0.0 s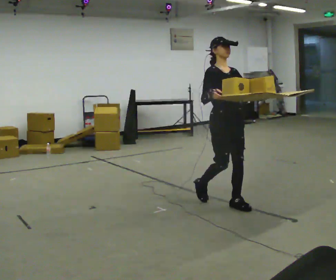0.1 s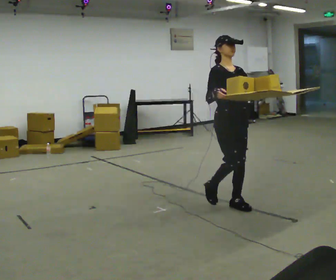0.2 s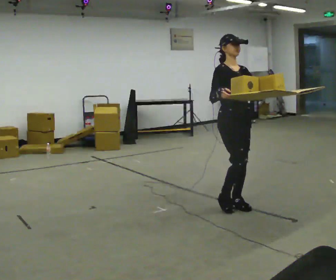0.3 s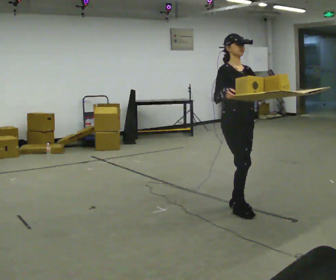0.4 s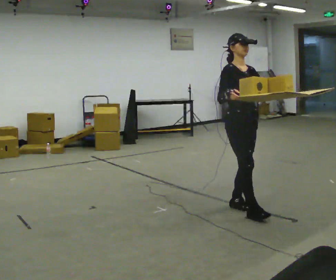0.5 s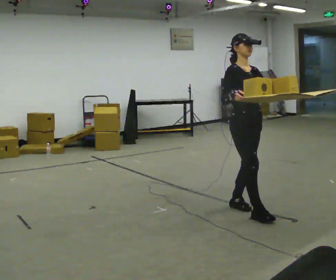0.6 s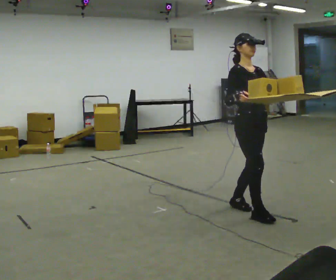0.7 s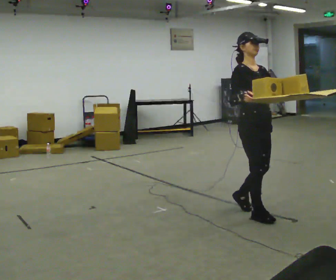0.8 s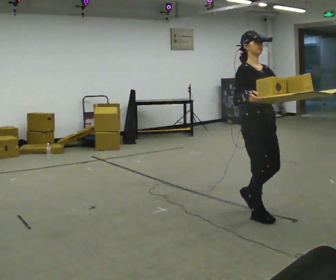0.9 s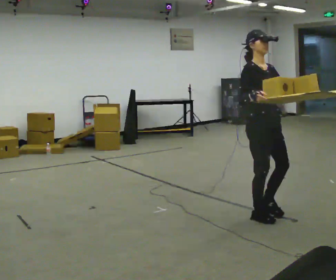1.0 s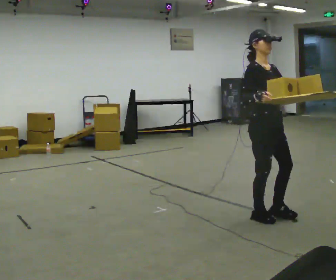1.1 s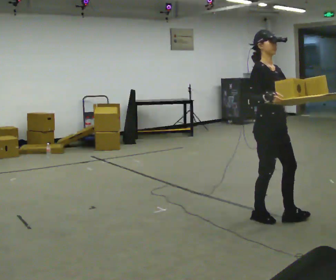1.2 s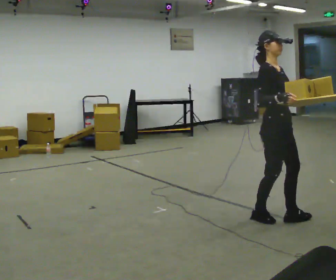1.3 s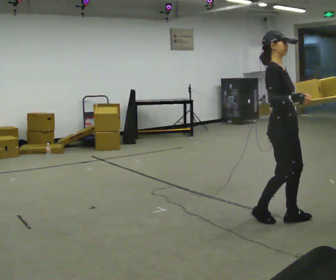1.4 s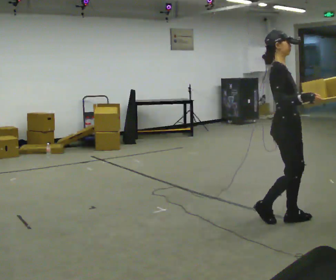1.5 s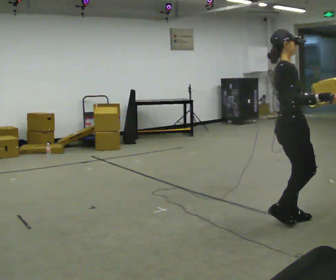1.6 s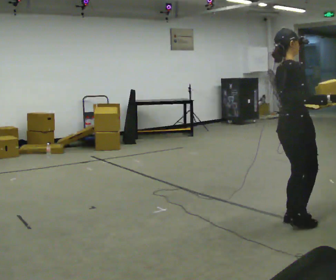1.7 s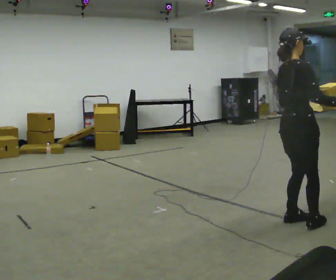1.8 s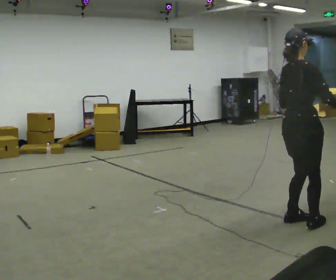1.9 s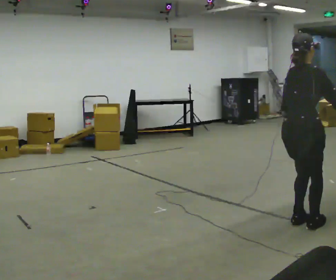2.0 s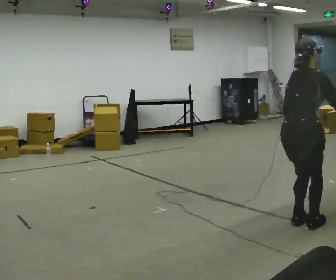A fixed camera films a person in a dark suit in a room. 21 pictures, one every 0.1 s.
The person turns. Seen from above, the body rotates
counterclockwise.
The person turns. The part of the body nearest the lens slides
to the right.
0.0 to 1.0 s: In the picture they go toward the camera and to the right, about 0.5 m in 1 step, which for them is forward.
1.0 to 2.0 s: The person turns about 90 degrees to their left, counterclockwise seen from above, so the part of the body nearest the lens slides to the right. In the picture they go toward the camera and to the right, about 0.5 m in 2 steps. The upper body tips away from the camera, its near side rolling upward, as they bend forward.
The film runs forward here.
